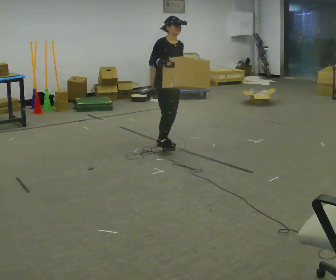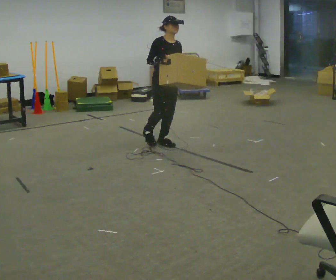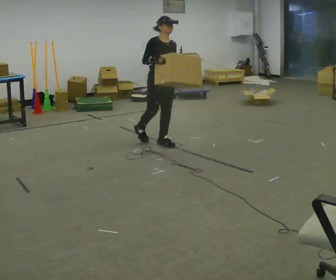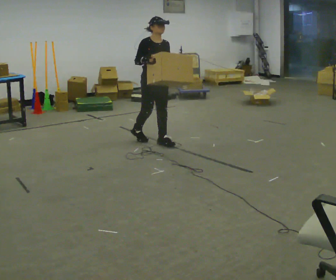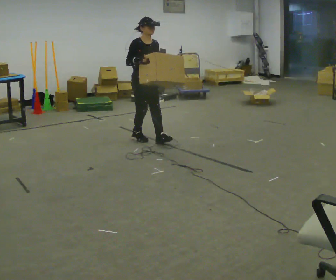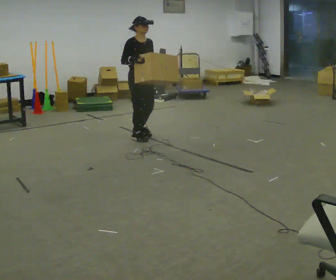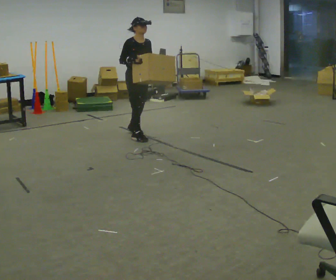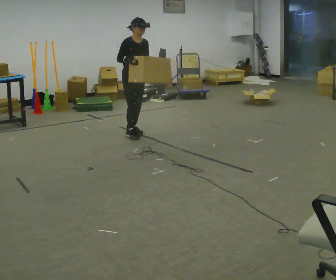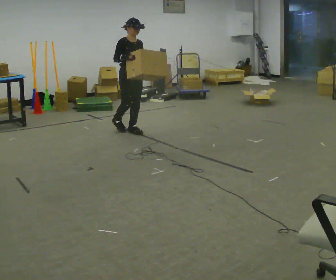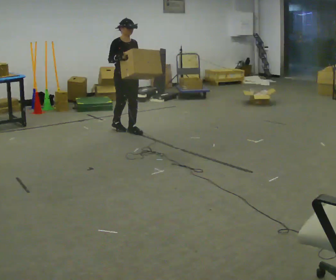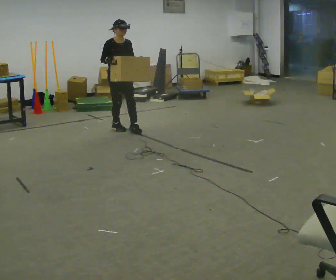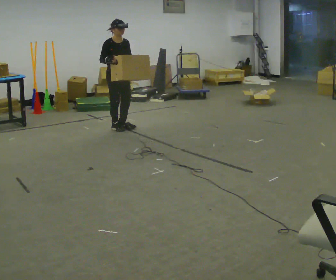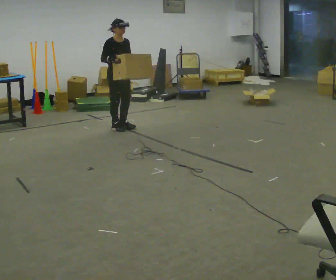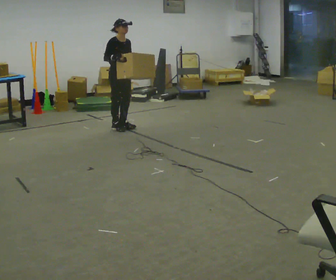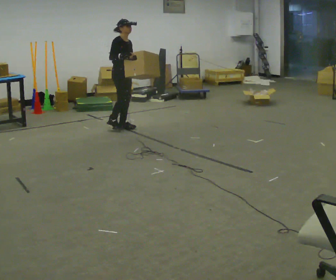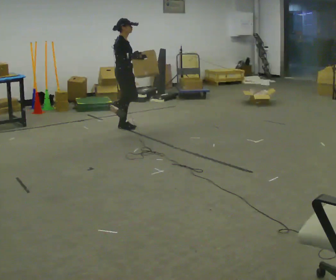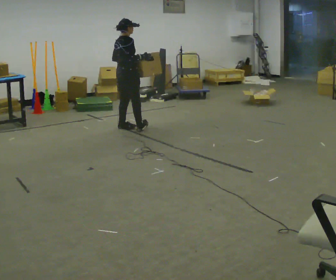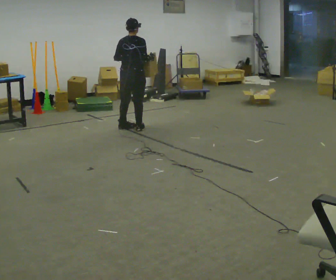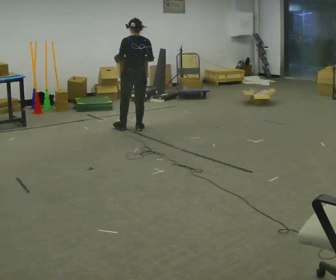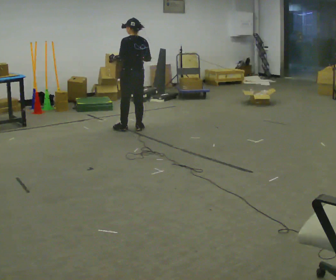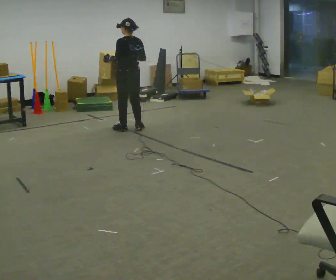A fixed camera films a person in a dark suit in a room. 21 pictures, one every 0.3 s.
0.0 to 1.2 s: In the picture they go away from the camera and to the left, about 0.5 m in 1 step, which for them is backward.
1.2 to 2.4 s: In the picture they go away from the camera, about 0.5 m in 1 step, which for them is backward and to their left.
2.4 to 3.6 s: In the picture they go away from the camera and to the left, about 0.25 m in 2 steps, which for them is backward.
3.6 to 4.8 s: The person turns about 75 degrees to their left, counterclockwise seen from above, so the part of the body nearest the lens slides to the right.
4.8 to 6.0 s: The person turns about 90 degrees to their left, counterclockwise seen from above, so the part of the body nearest the lens slides to the right.
The film runs forward here.
